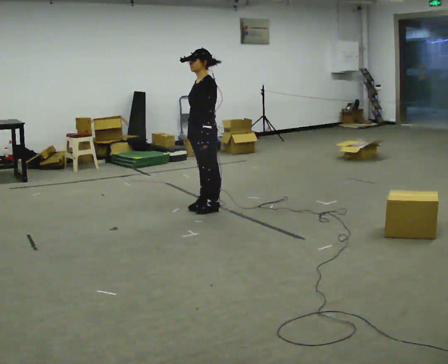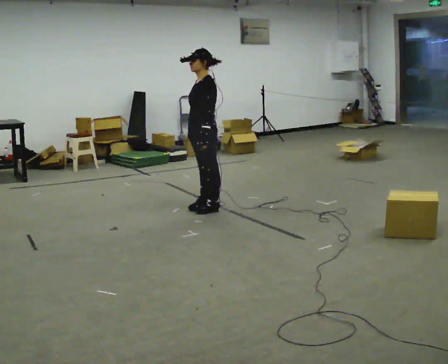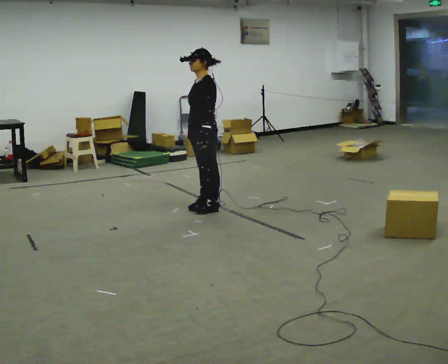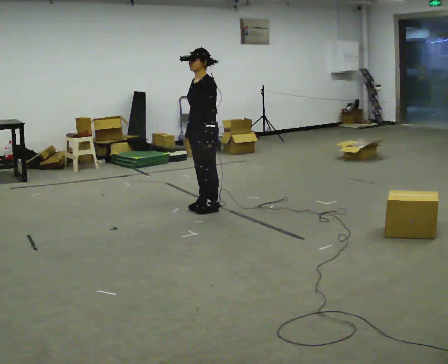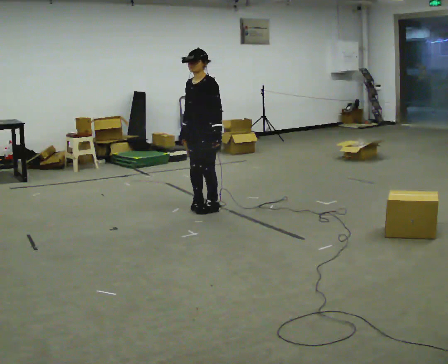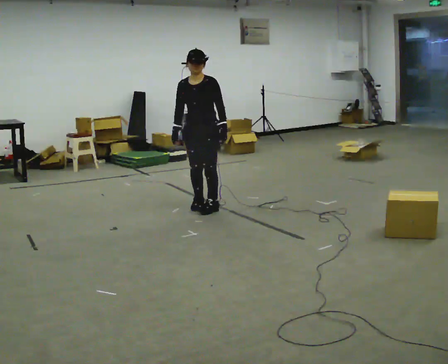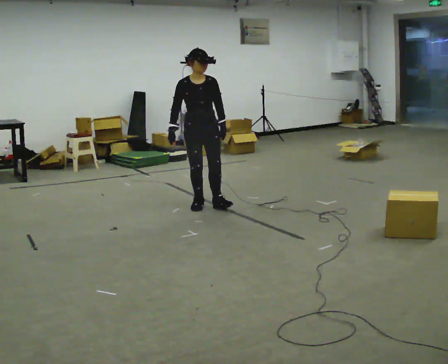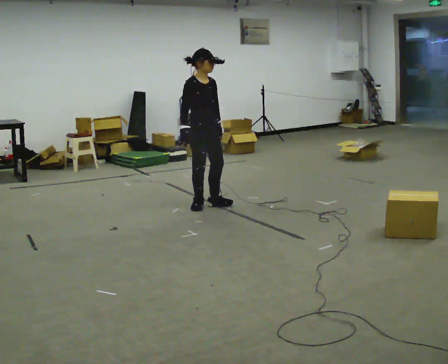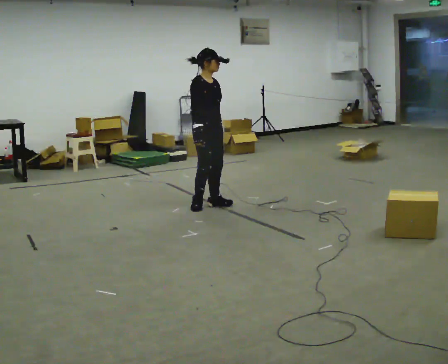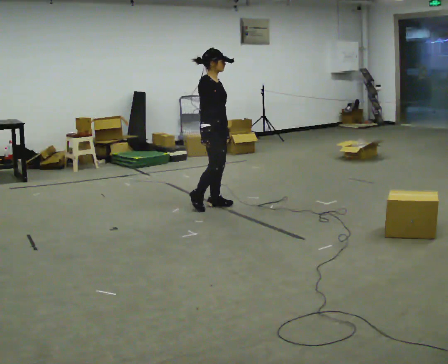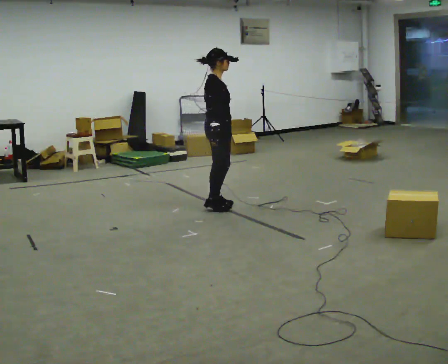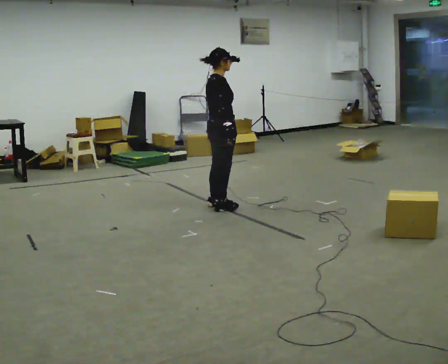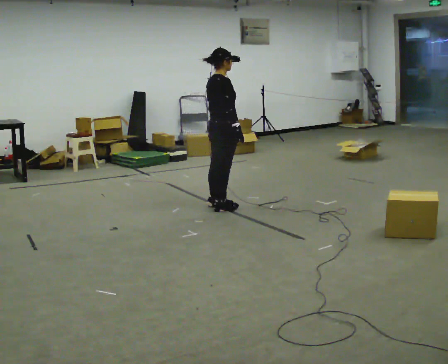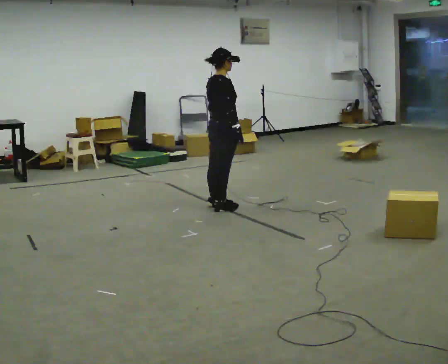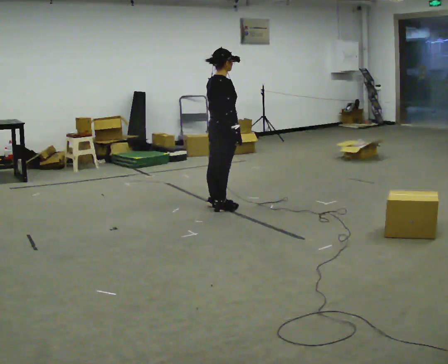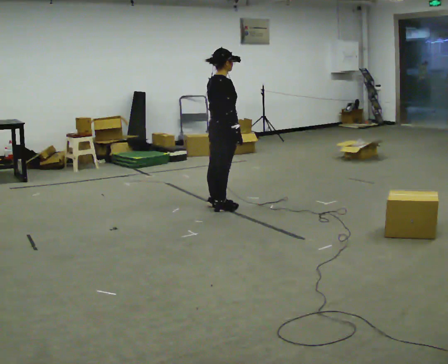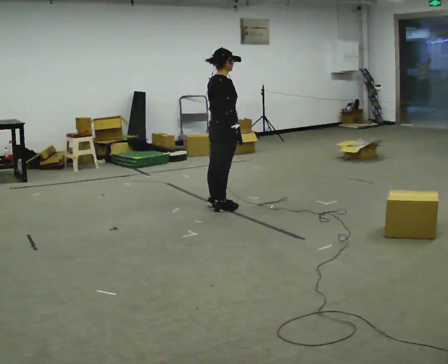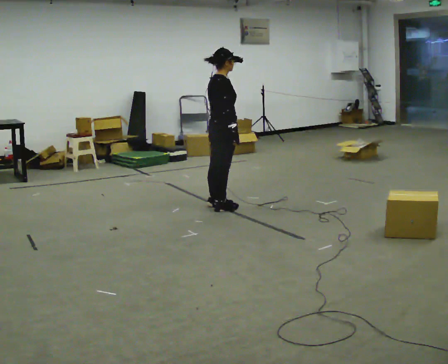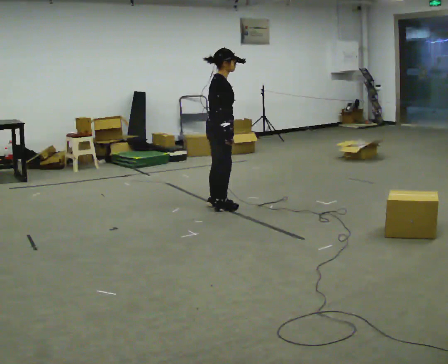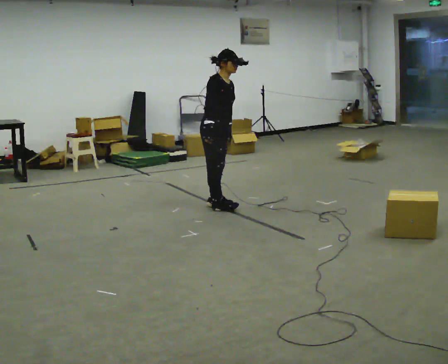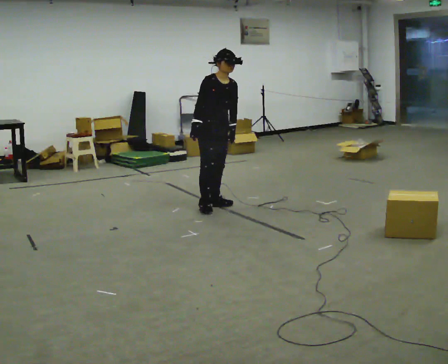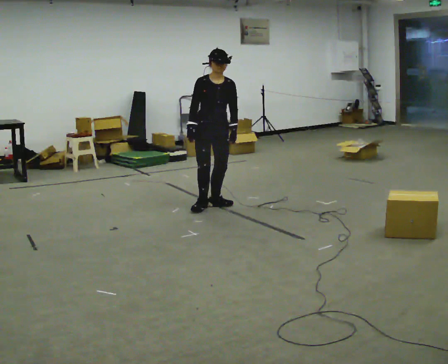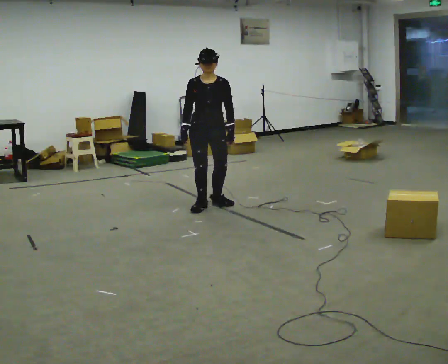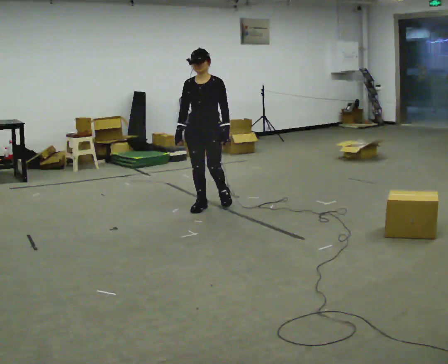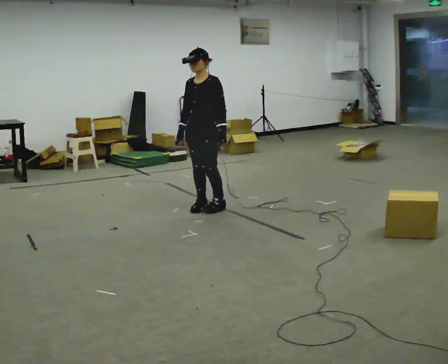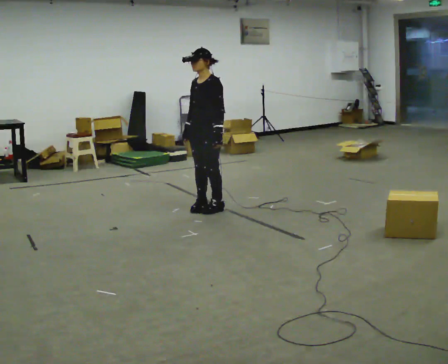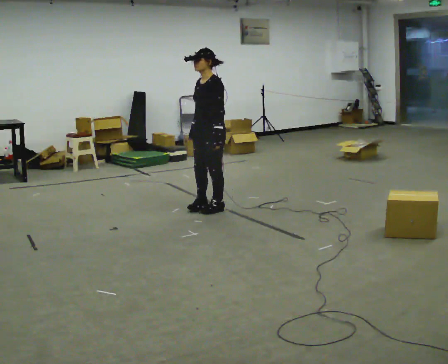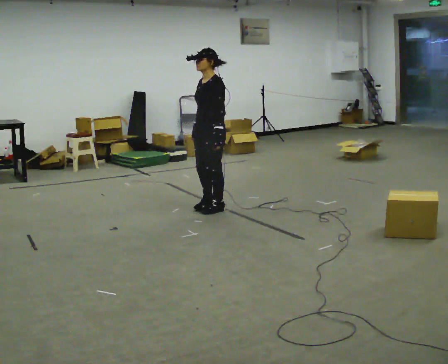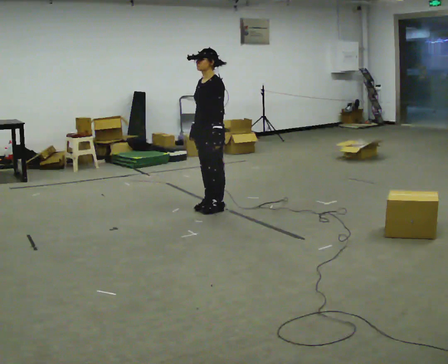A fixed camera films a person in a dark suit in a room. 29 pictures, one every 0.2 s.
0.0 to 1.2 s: Seen from above the body turns counterclockwise, about 90 degrees: to their left, with its near side sliding to the right.
1.2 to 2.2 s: Seen from above the body turns counterclockwise, about 90 degrees: to their left, with its near side sliding to the right. In the picture they go to the right, about 0.25 m in 1 step. In the picture their right hand goes to the right, the arm swinging counterclockwise.
2.2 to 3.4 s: The person moves a little, or ends about where they began.
3.4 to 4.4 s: Seen from above the body turns clockwise, about 105 degrees: to their right, with its near side sliding to the left. In the picture their right hand goes to the left, the arm swinging clockwise.
4.4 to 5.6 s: The person turns about 60 degrees to their right, clockwise seen from above, so the part of the body nearest the lens slides to the left.
The film runs forward here.
